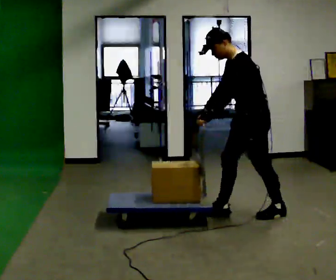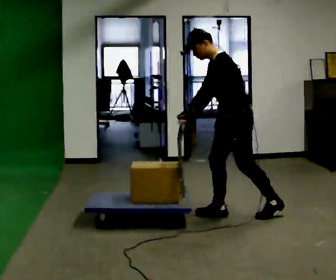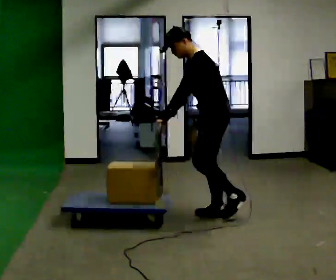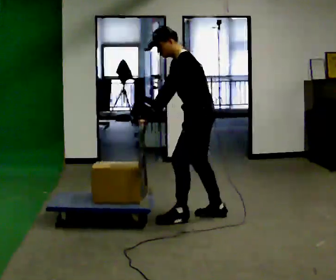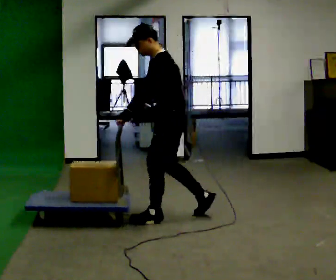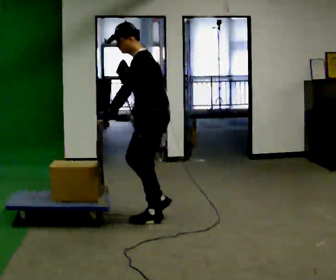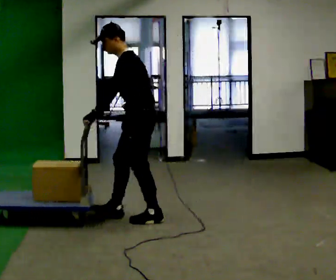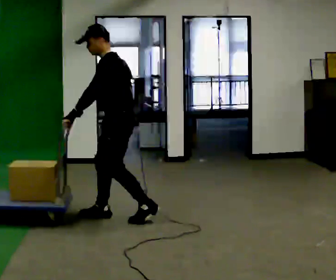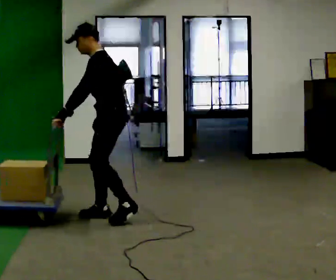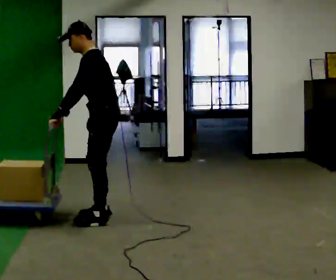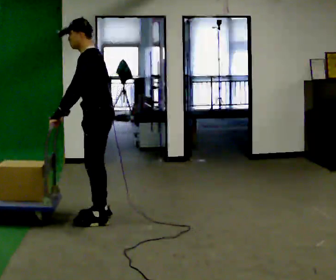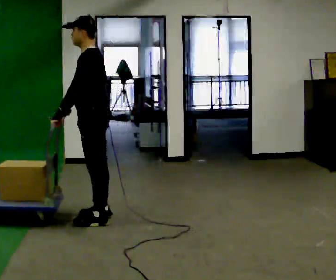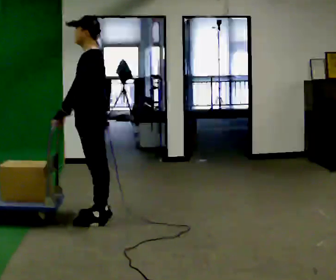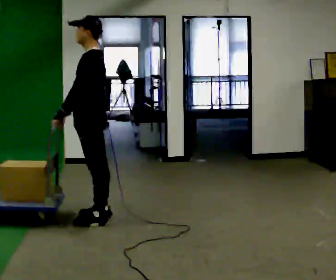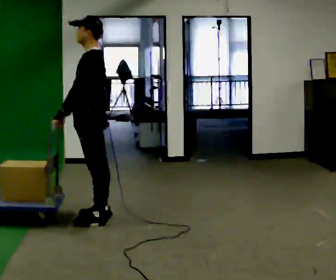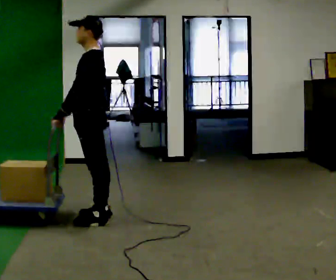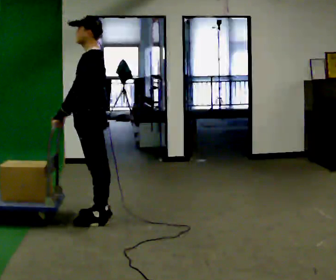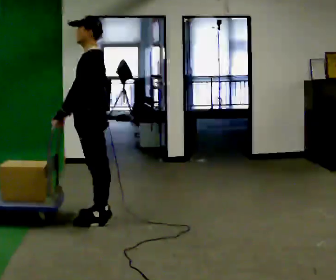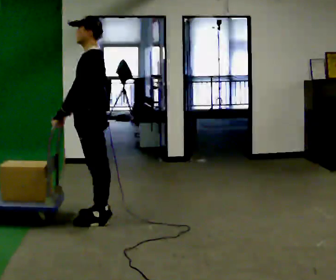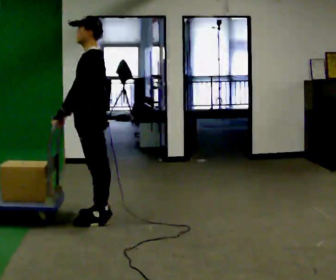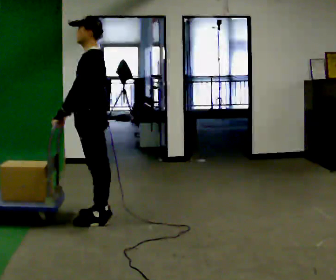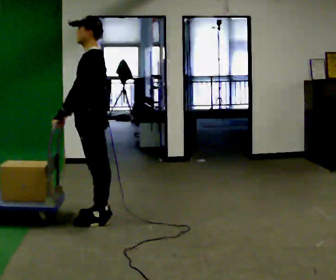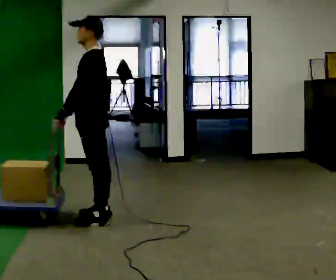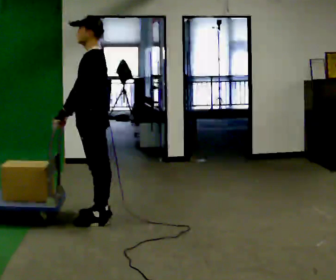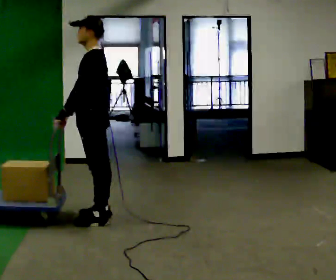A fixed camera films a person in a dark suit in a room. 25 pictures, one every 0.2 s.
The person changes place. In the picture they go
to the left.
0.0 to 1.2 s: In the picture they go to the left, about 1 m in 2 steps, which for them is forward.
1.2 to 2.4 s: In the picture they go to the left, about 0.5 m in 2 steps, which for them is forward. In the picture the upper body tilts clockwise, shoulders to the right, as they lean back or straighten.
2.4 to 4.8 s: The person keeps their place and pose.
The film runs forward here.
